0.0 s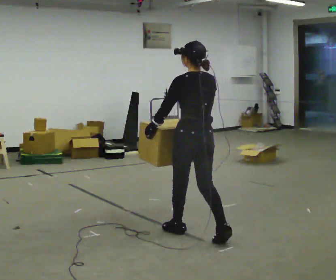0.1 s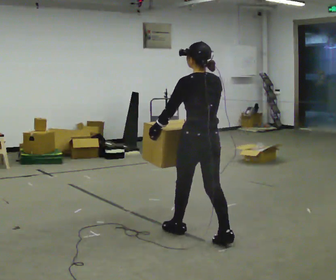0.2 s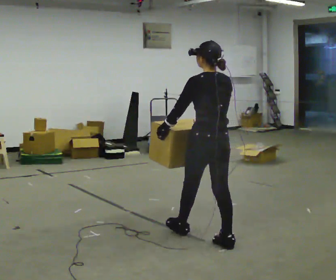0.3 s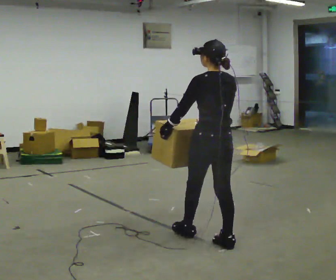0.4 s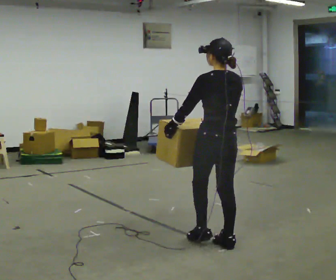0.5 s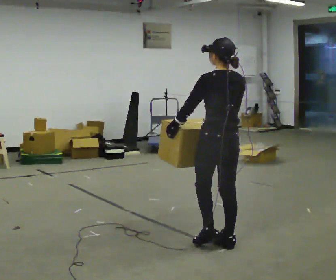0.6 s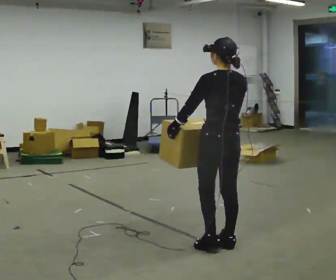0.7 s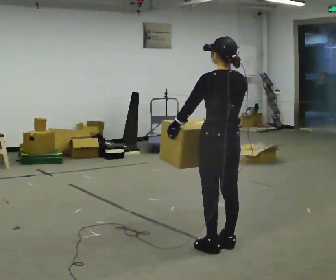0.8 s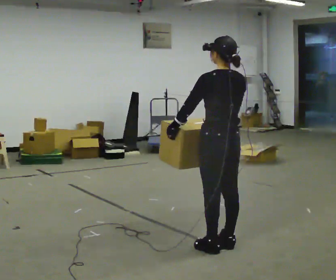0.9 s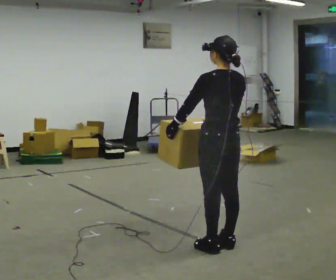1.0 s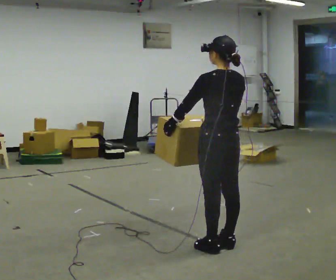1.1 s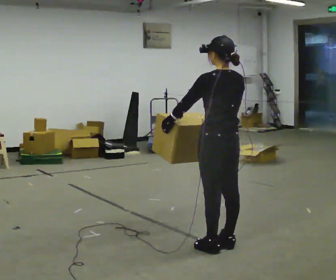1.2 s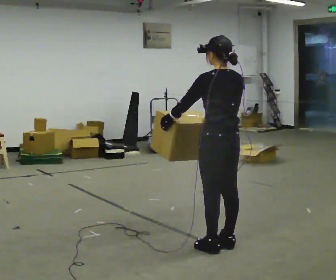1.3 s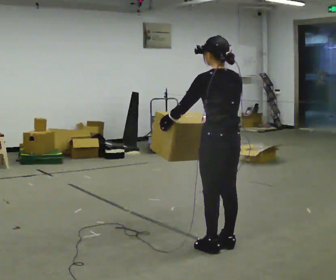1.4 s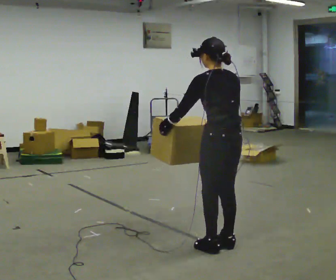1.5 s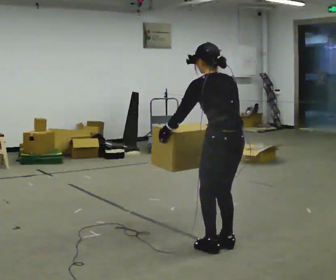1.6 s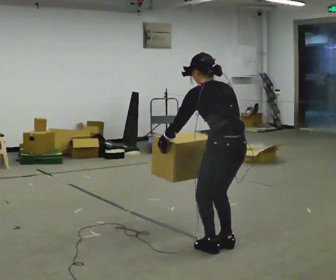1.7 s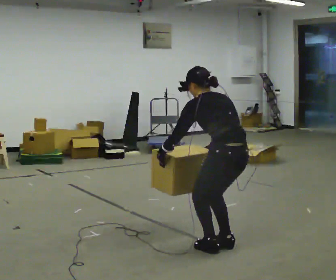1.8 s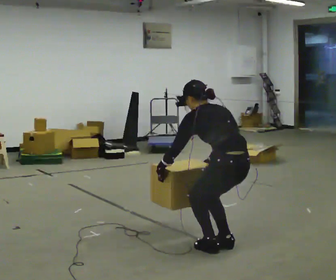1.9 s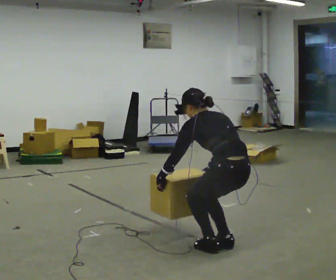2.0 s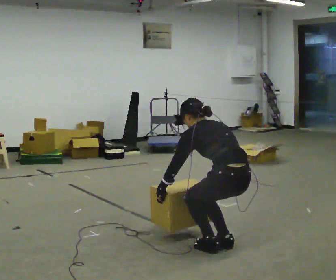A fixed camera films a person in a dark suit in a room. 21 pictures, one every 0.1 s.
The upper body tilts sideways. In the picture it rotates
counterclockwise.
The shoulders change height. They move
downward.
0.0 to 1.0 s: In the picture they go toward the camera and to the right, about 0.25 m in 1 step, which for them is backward.
1.0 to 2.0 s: The shoulders move downward. In the picture the upper body tilts counterclockwise, shoulders to the left, as they bend forward. In the picture their right hand goes downward.
The film runs backward here.
